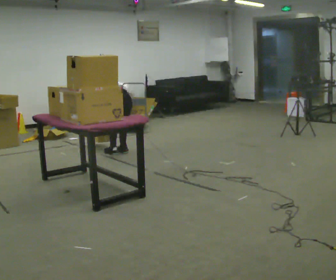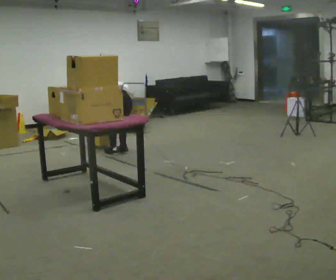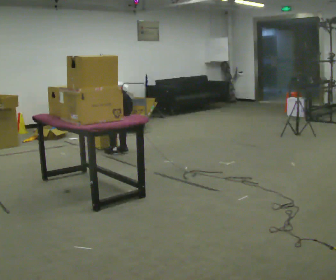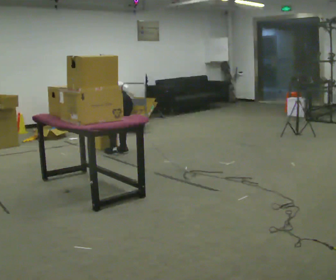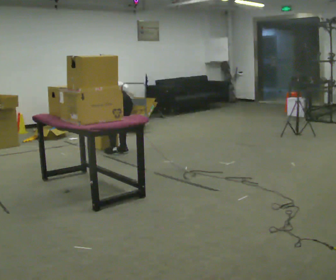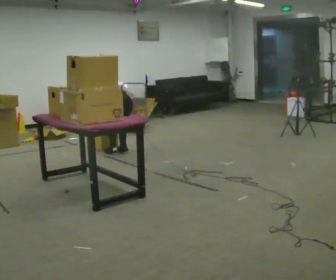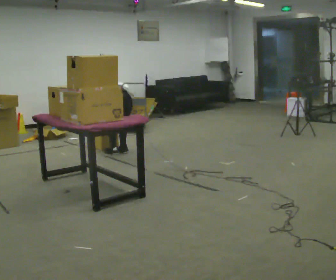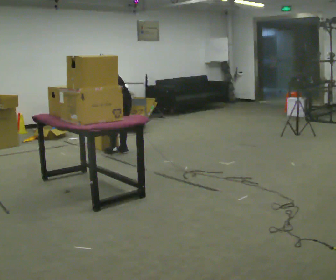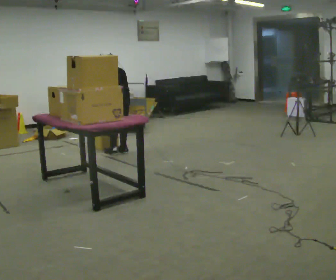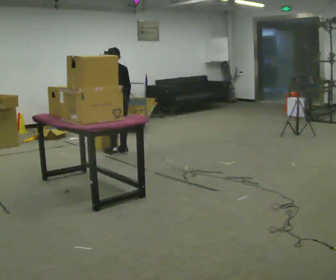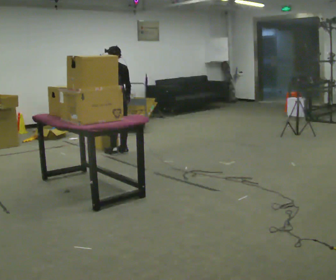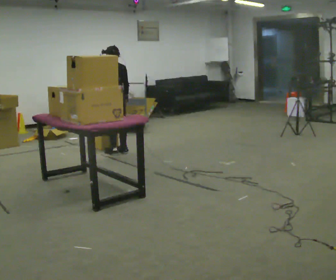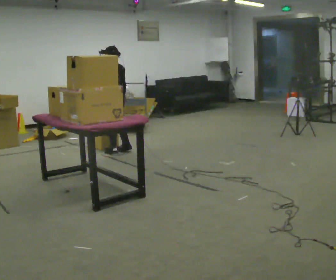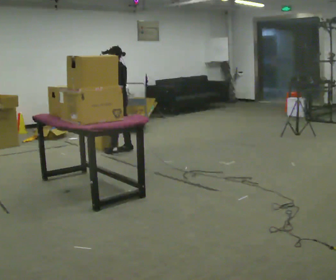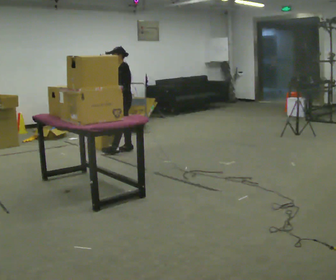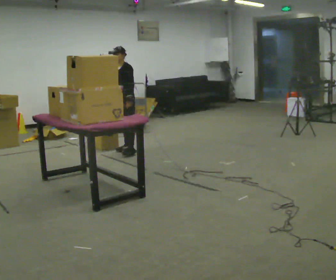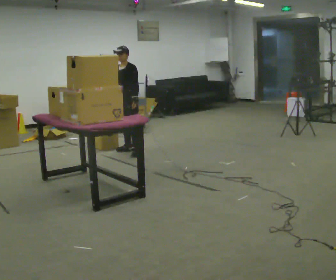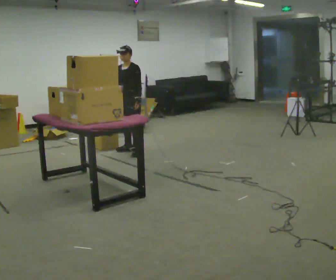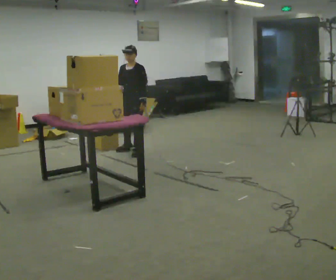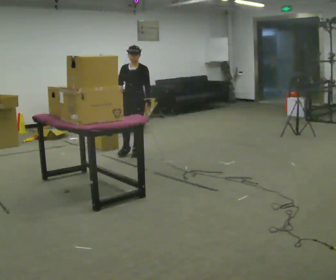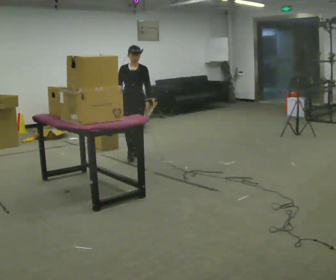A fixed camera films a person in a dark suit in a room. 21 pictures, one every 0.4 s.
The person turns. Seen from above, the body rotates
counterclockwise.
The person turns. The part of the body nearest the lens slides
to the right.
0.0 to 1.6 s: The person moves a little, or ends about where they began.
1.6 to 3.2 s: The shoulders move upward. The upper body tips toward the camera, its near side rolling downward, as they lean back or straighten. In the picture their right hand goes upward.
3.2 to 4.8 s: The upper body tips toward the camera, its near side rolling downward, as they lean back or straighten.
4.8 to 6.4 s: Seen from above the body turns counterclockwise, about 90 degrees: to their left, with its near side sliding to the right. In the picture they go to the right, about 0.25 m in 2 steps. In the picture their left hand goes to the right.
6.4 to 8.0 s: Seen from above the body turns counterclockwise, about 45 degrees: to their left, with its near side sliding to the right. In the picture they go toward the camera, about 0.25 m in 1 step, which for them is to their left and forward.
The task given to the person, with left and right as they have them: Take boxes off the top of the stack one at a time and carry them away, walking back for each one. Keep going until the operator says stop; one object at a time, and do not rush between trips.
The film runs forward here.
